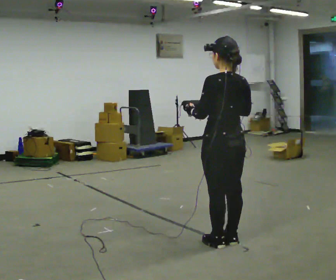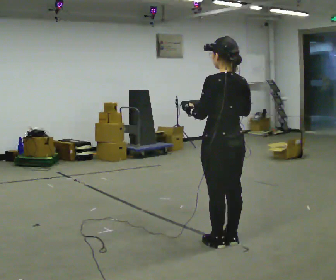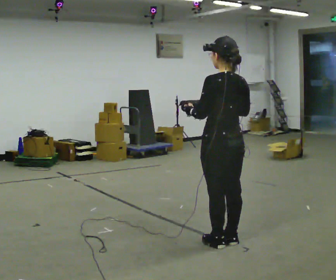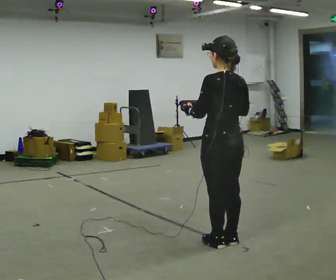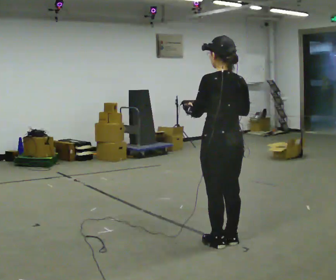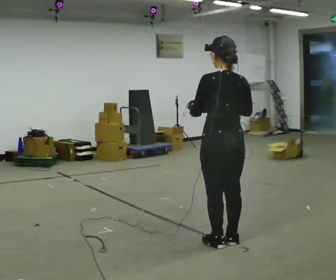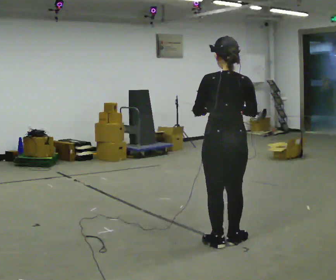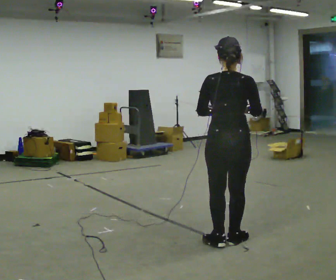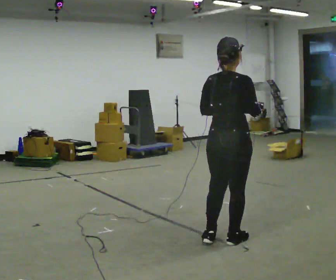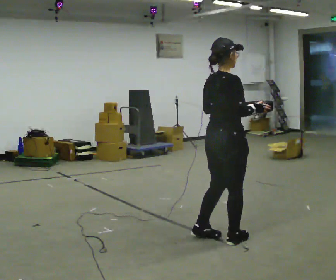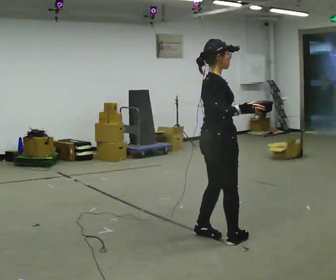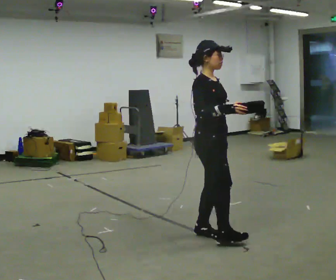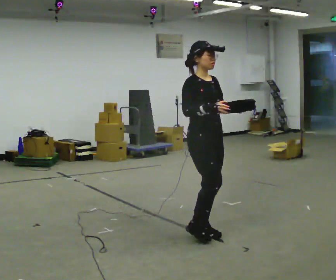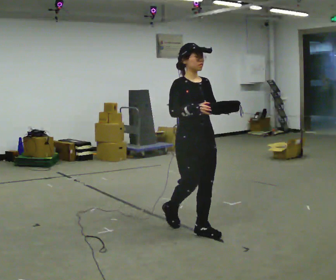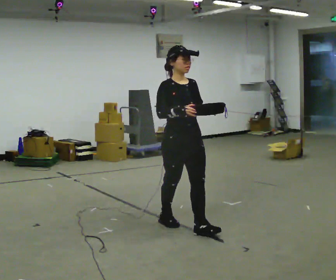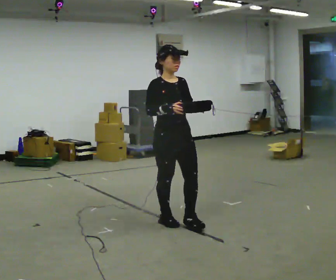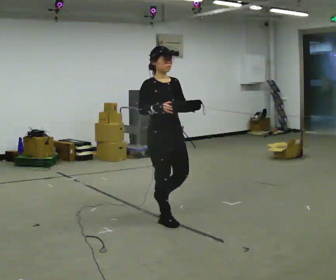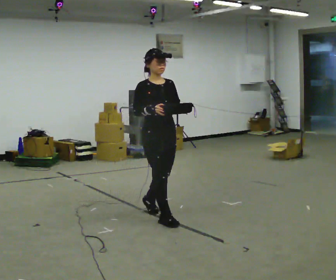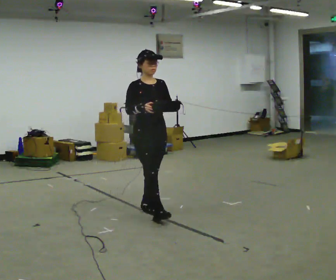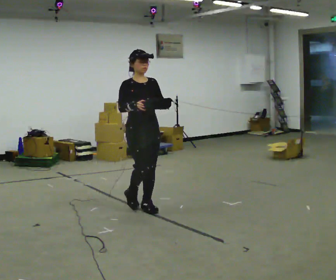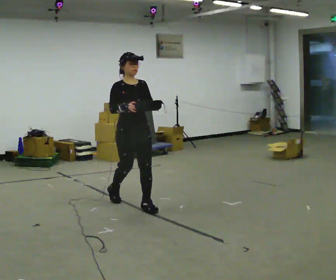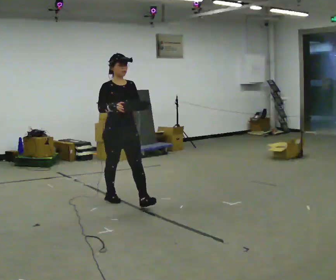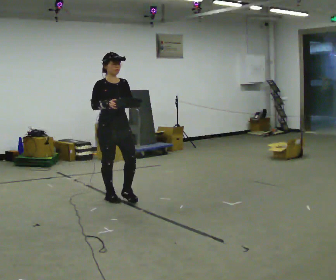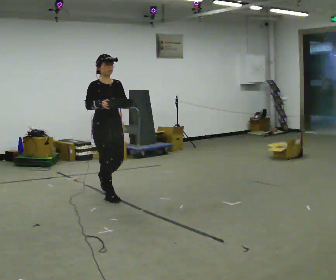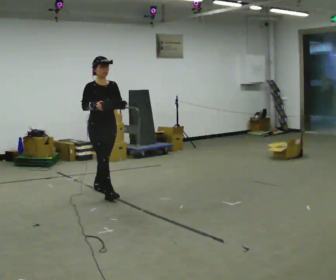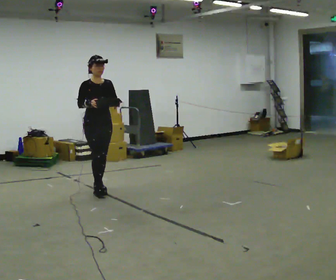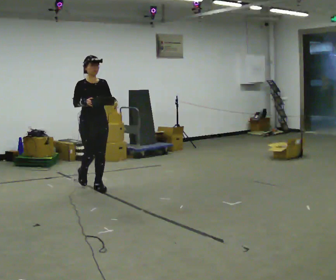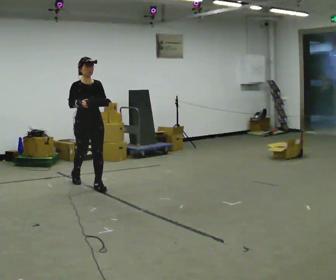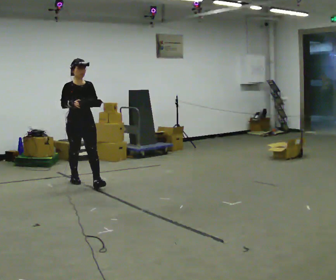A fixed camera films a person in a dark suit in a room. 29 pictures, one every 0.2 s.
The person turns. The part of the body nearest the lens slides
to the left.
The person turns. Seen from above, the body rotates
clockwise.
0.0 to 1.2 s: The person moves a little, or ends about where they began.
1.2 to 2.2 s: Seen from above the body turns clockwise, about 120 degrees: to their right, with its near side sliding to the left. In the picture they go away from the camera, about 0.25 m in 2 steps.
2.2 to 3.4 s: The part of the body nearest the lens slides to the left as the person turns to their right by about 45 degrees. In the picture they go to the left and away from the camera, about 0.5 m in 1 step, which for them is backward.
3.4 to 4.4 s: In the picture they go to the left and away from the camera, about 1 m in 2 steps, which for them is backward.
4.4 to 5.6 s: In the picture they go away from the camera and to the left, about 1 m in 1 step, which for them is backward.
The film runs backward here.
